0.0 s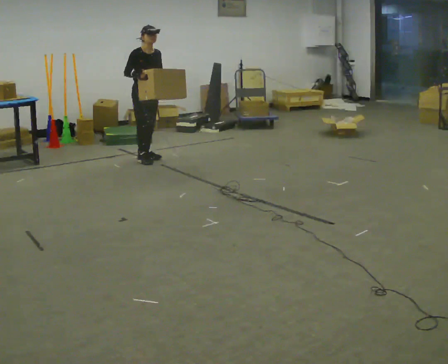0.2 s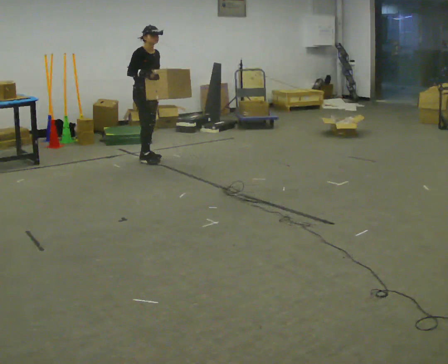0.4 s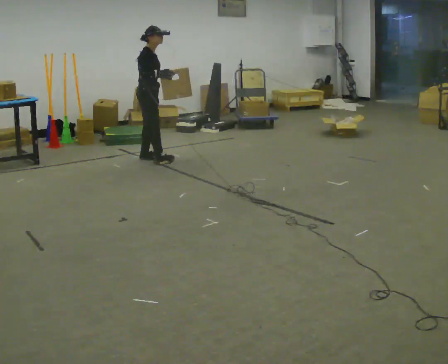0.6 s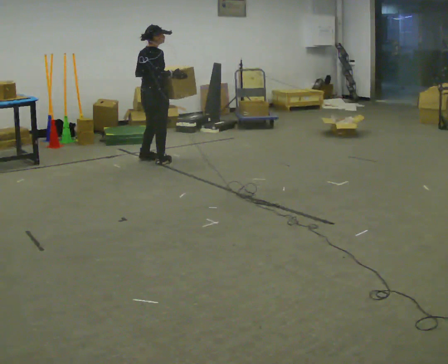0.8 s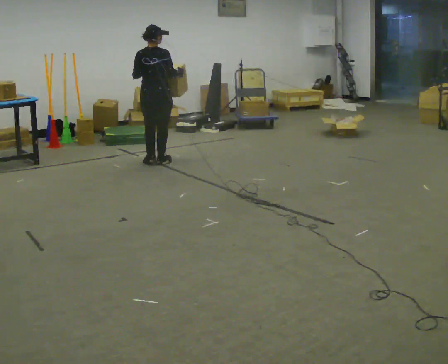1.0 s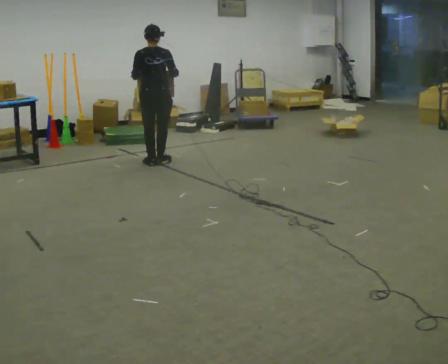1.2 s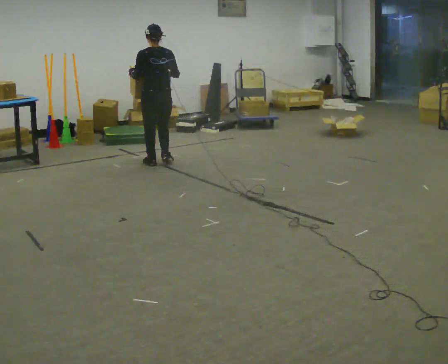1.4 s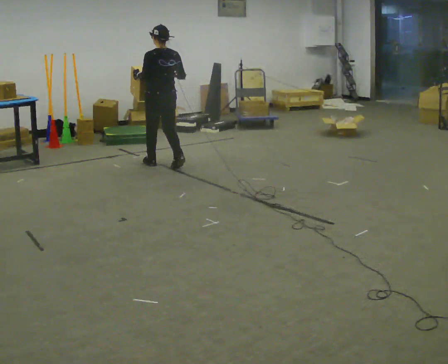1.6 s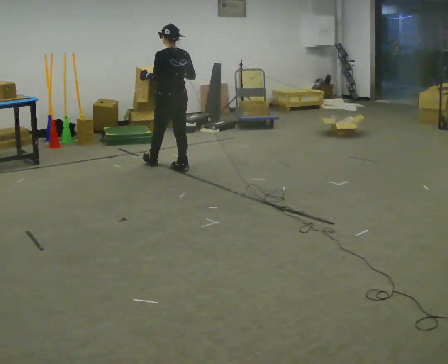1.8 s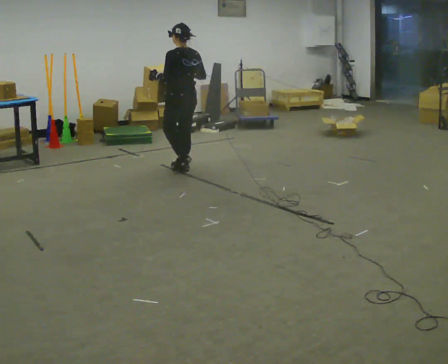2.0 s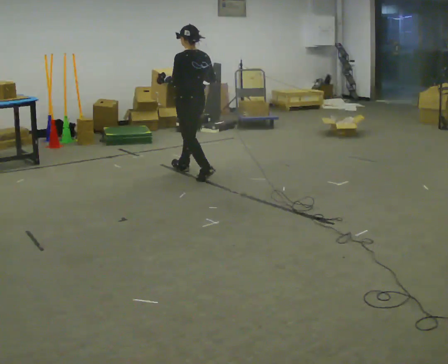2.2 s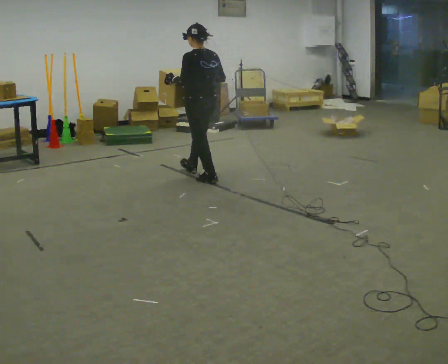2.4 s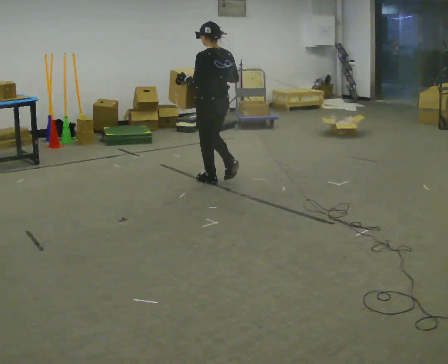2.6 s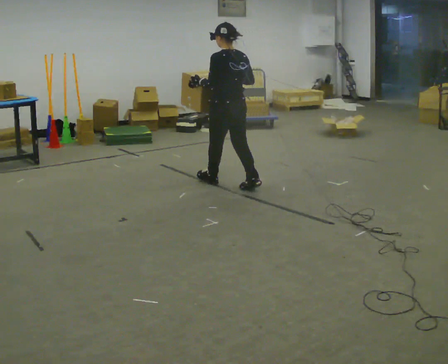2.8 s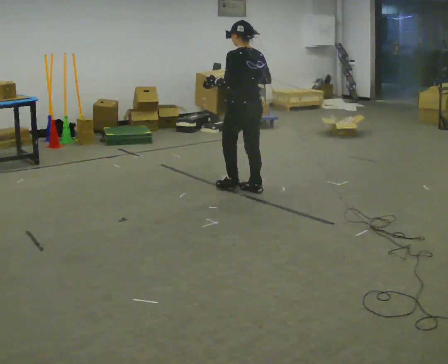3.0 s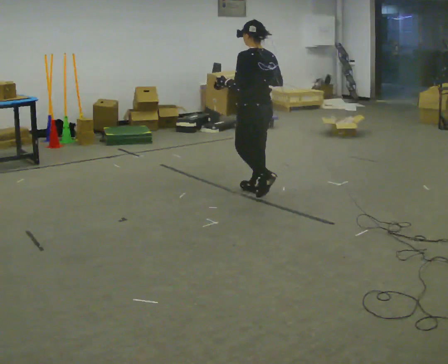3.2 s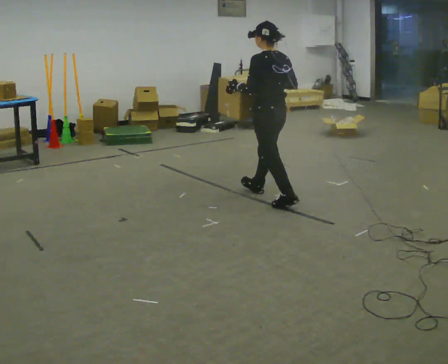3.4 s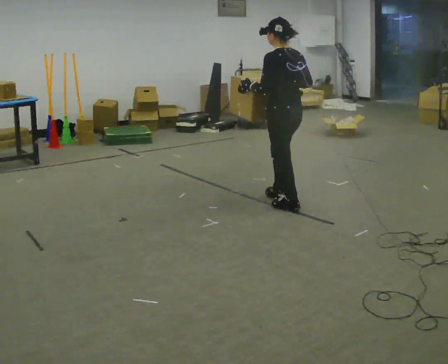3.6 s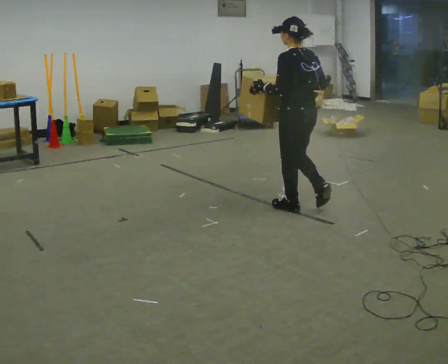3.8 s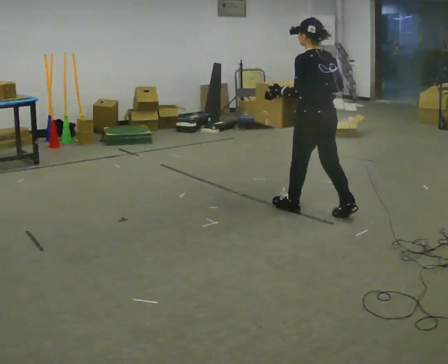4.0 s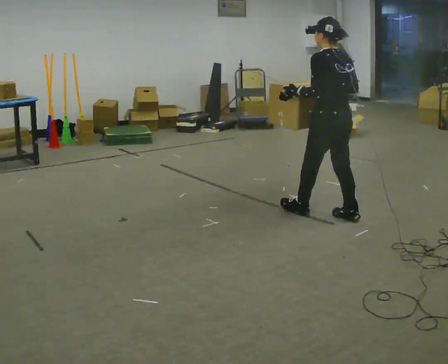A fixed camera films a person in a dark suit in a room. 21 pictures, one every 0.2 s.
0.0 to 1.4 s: The person turns about 165 degrees to their left, counterclockwise seen from above, so the part of the body nearest the lens slides to the right. In the picture they go toward the camera and to the right, about 0.5 m in 3 steps.
1.4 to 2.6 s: In the picture they go toward the camera and to the right, about 1 m in 2 steps, which for them is backward.
2.6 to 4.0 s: In the picture they go toward the camera and to the right, about 1 m in 3 steps, which for them is backward.
The film runs backward here.
